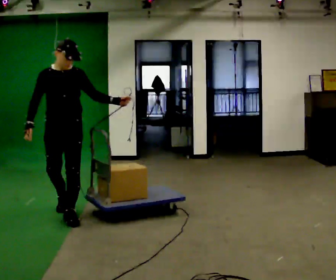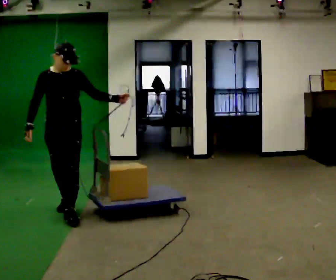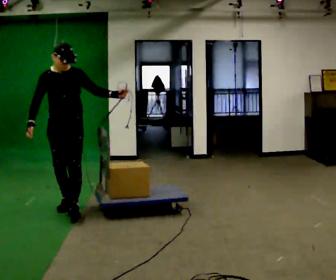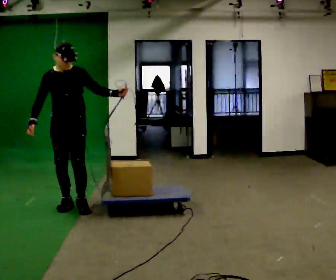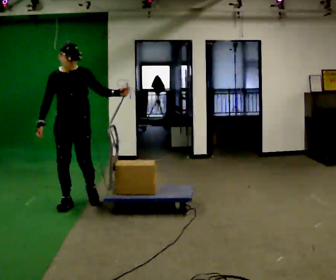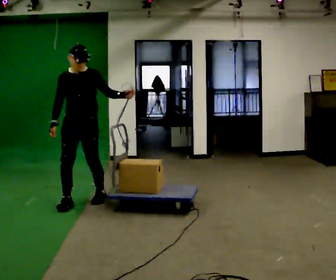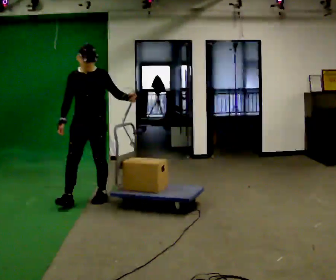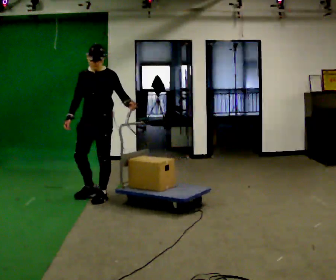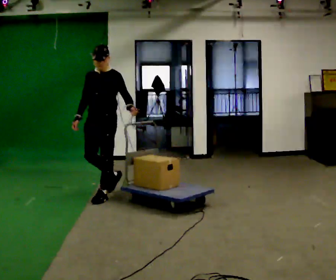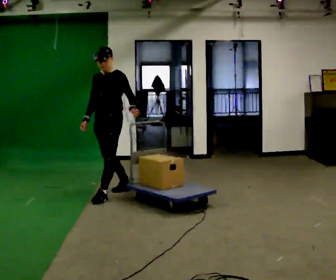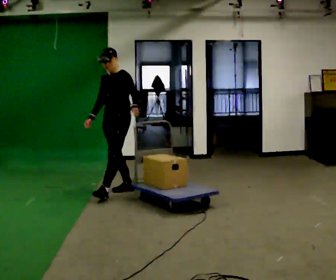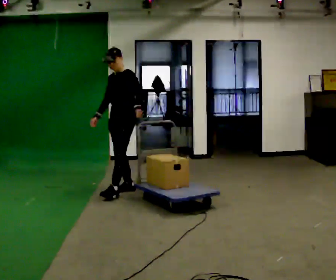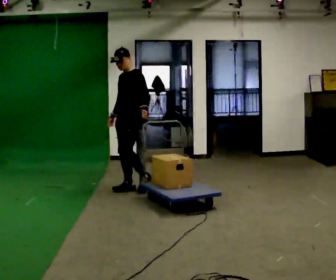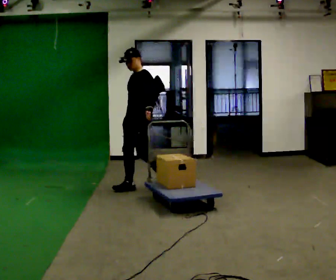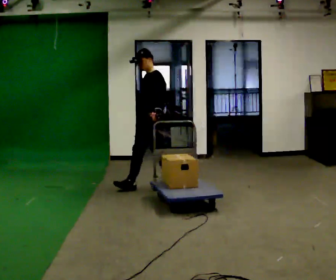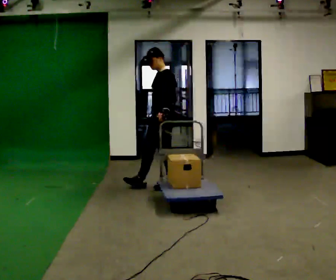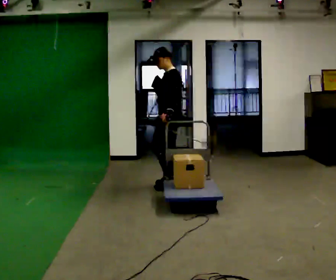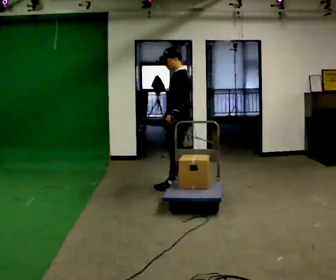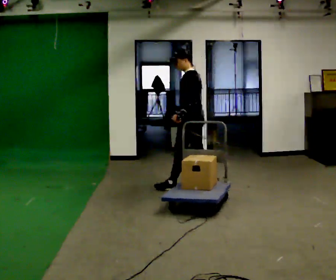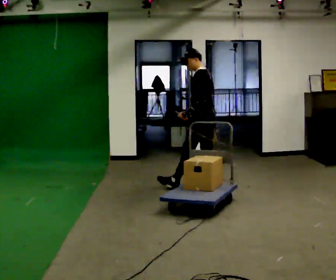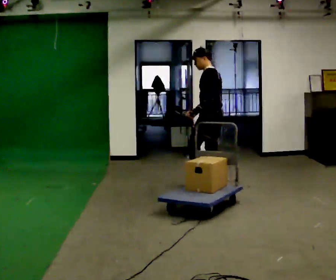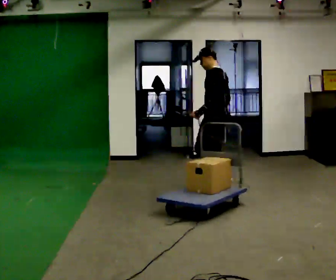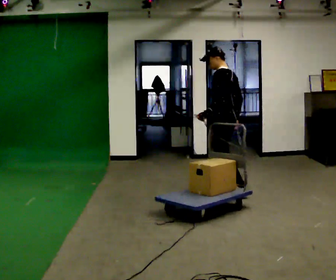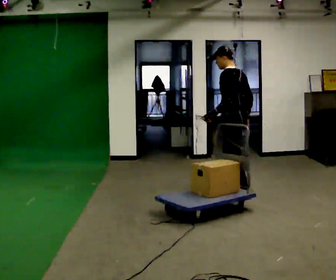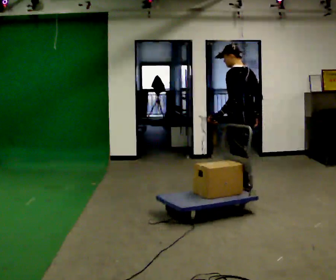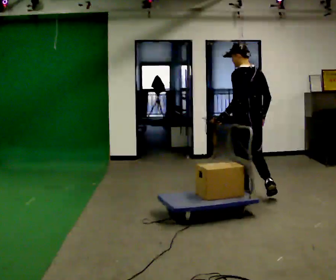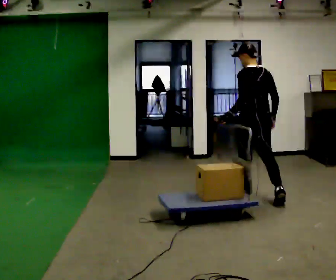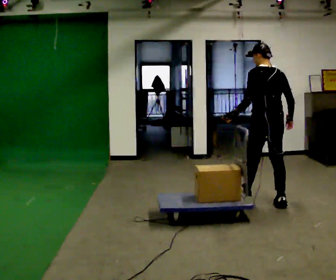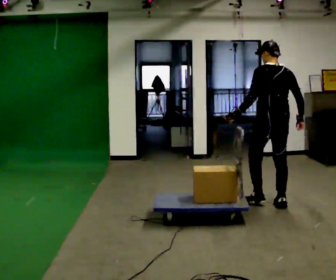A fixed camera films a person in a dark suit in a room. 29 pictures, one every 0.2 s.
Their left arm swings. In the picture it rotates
clockwise.
The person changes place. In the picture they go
to the right.
0.0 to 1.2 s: In the picture they go away from the camera, about 0.5 m in 2 steps, which for them is backward.
1.2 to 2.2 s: The part of the body nearest the lens slides to the left as the person turns to their right by about 45 degrees. In the picture they go away from the camera and to the right, about 0.5 m in 1 step, which for them is backward.
2.2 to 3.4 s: The part of the body nearest the lens slides to the left as the person turns to their right by about 45 degrees. In the picture they go to the right, about 0.75 m in 1 step, which for them is backward.
3.4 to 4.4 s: In the picture they go to the right and toward the camera, about 0.5 m in 1 step, which for them is backward.
4.4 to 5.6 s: The part of the body nearest the lens slides to the left as the person turns to their right by about 45 degrees. In the picture they go toward the camera and to the right, about 1 m in 2 steps, which for them is backward.
The film runs backward here.
